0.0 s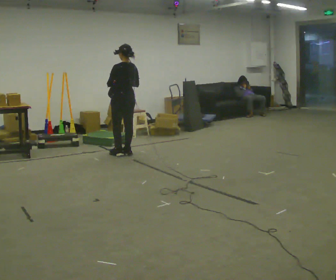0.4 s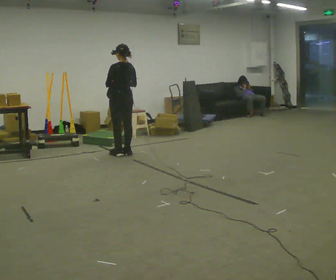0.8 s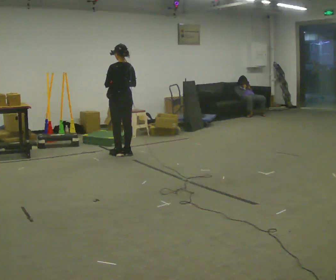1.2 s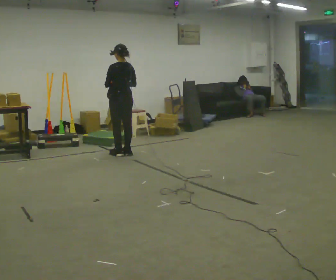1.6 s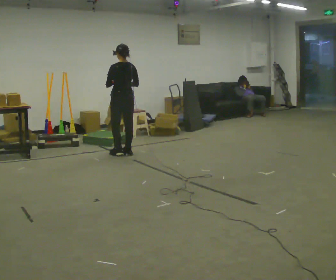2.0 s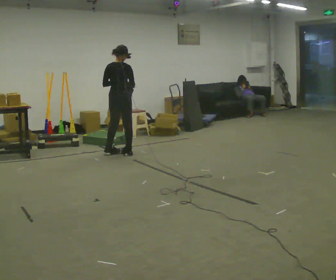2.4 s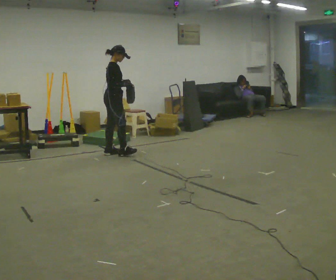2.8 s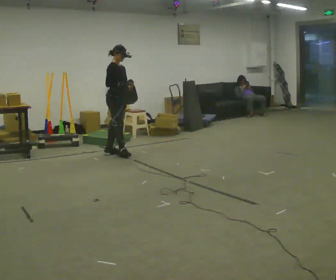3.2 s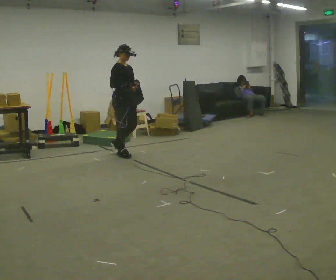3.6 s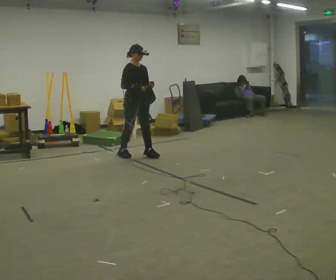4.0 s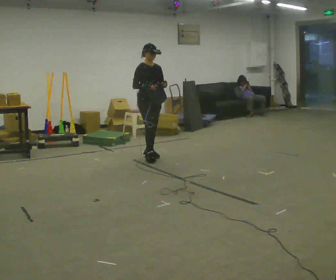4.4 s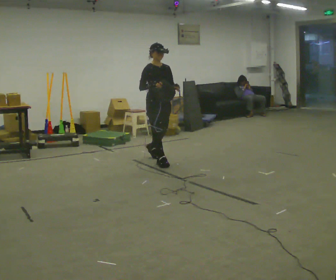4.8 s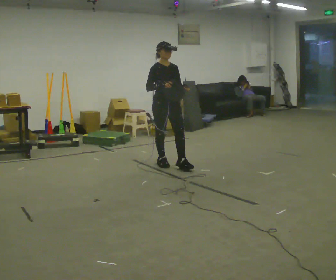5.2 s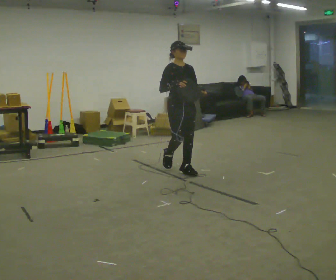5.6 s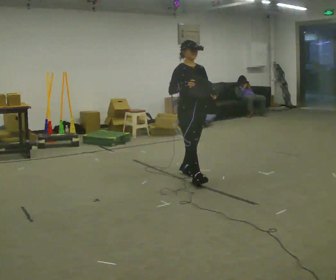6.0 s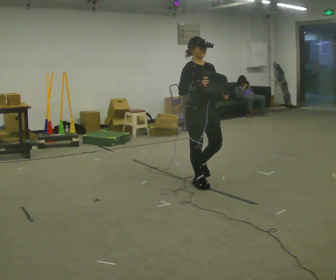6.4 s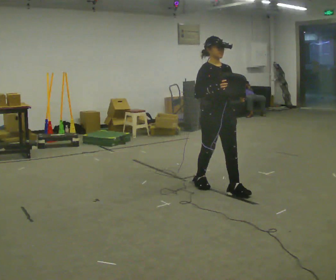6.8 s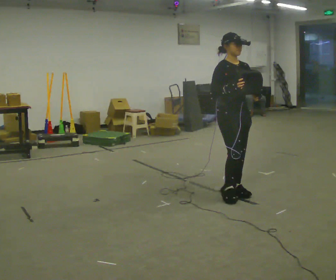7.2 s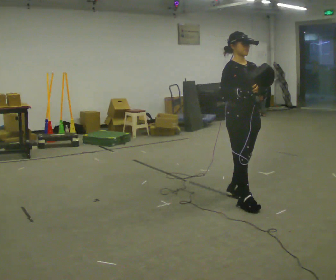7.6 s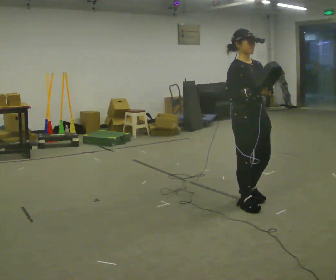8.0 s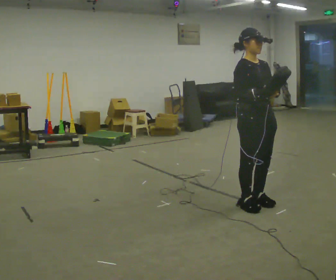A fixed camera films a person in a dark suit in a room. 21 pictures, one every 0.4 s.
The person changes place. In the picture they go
toward the camera.
The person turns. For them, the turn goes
to their right.
0.0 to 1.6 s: The person moves a little, or ends about where they began.
1.6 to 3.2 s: The person turns about 150 degrees to their right, clockwise seen from above, so the part of the body nearest the lens slides to the left.
3.2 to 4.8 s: Seen from above the body turns clockwise, about 30 degrees: to their right, with its near side sliding to the left. In the picture they go toward the camera and to the right, about 1 m in 2 steps, which for them is forward.
4.8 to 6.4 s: In the picture they go toward the camera and to the right, about 1 m in 3 steps, which for them is forward.
6.4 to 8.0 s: In the picture they go toward the camera and to the right, about 0.5 m in 2 steps, which for them is forward.
The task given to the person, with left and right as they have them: Carry the bag and, while walking, undo the buckle or zip, then do it up again. Keep repeating as you walk. Do not stop.
The film runs forward here.
